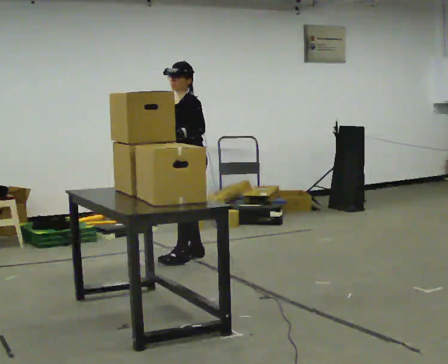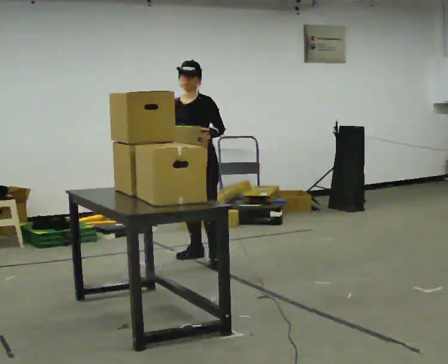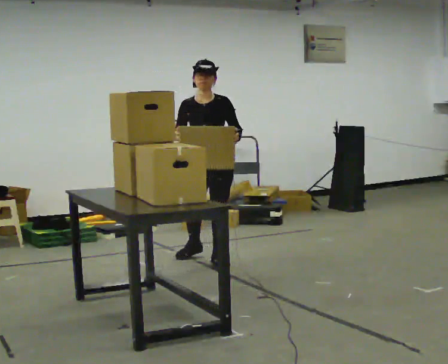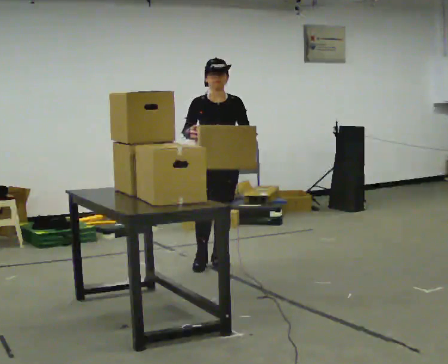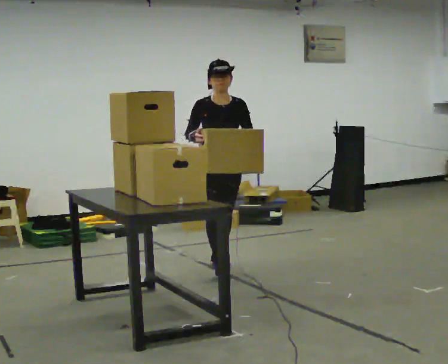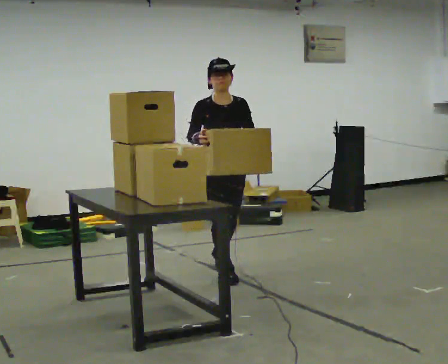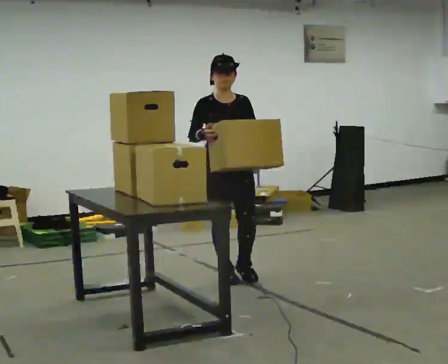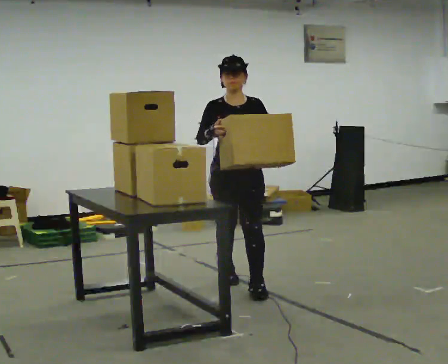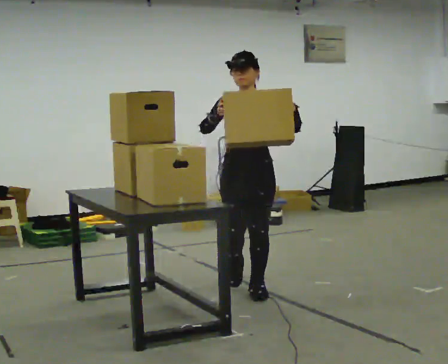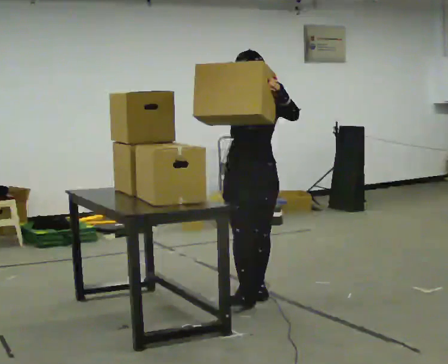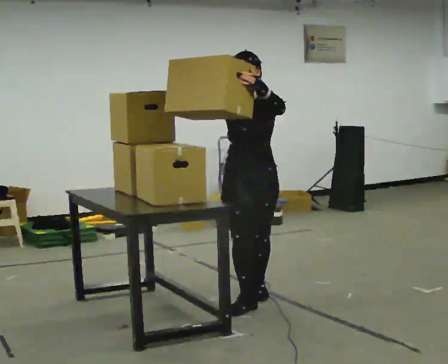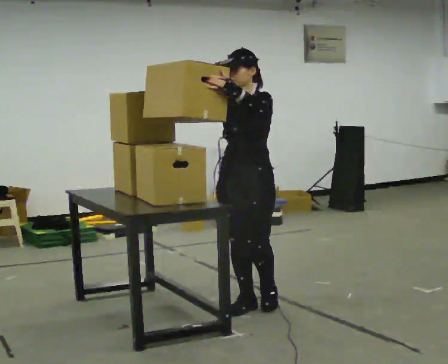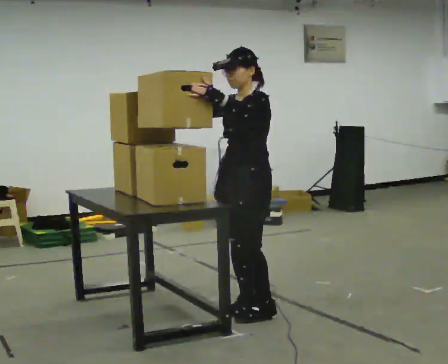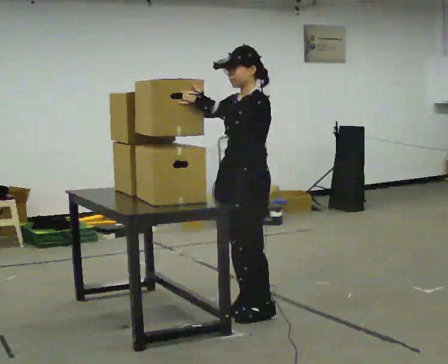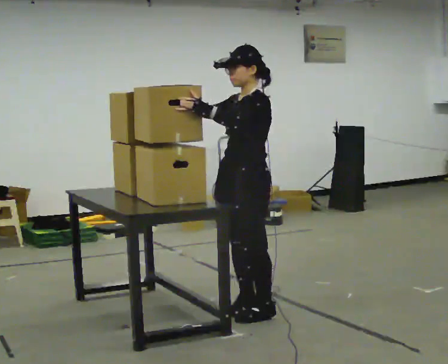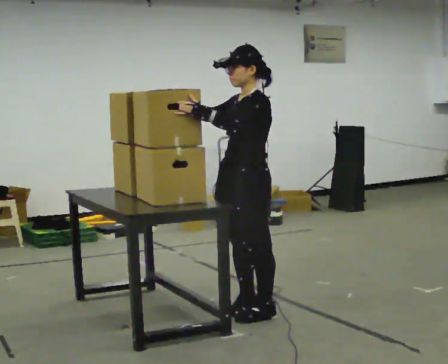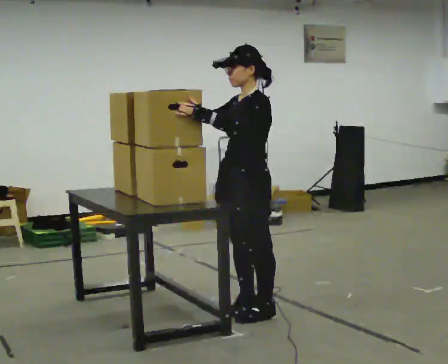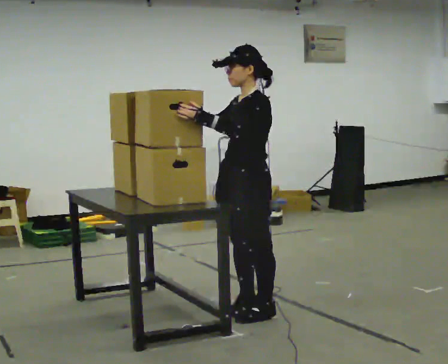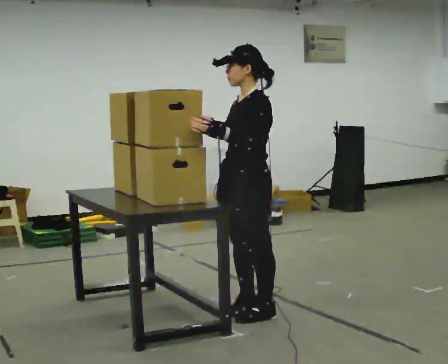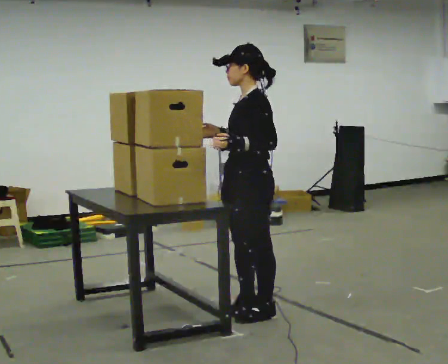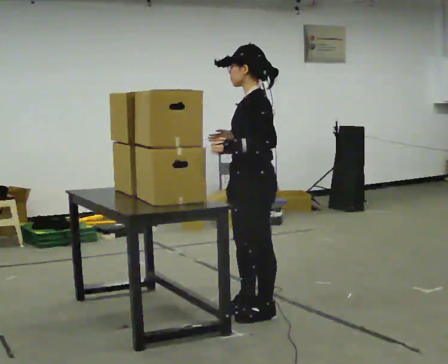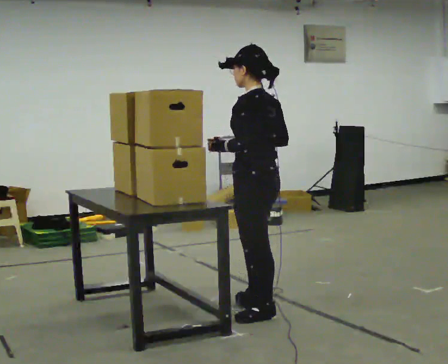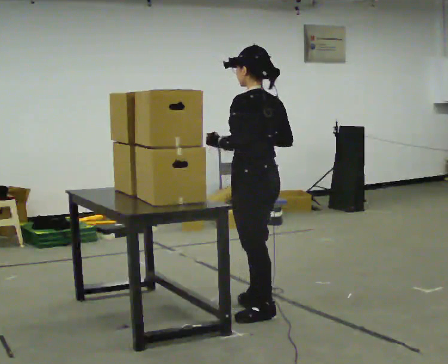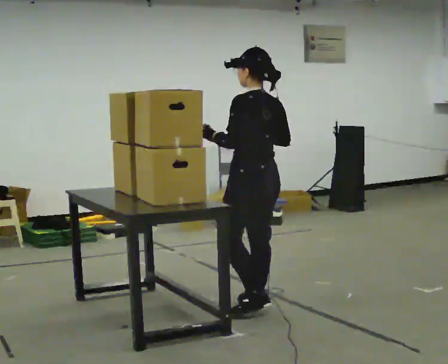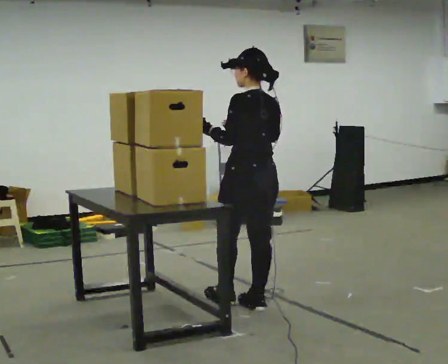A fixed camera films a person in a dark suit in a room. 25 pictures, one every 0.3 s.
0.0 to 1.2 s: The person turns about 75 degrees to their left, counterclockwise seen from above, so the part of the body nearest the lens slides to the right. In the picture they go toward the camera and to the right, about 0.5 m in 1 step.
1.2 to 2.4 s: In the picture they go toward the camera, about 0.5 m in 2 steps, which for them is forward.
2.4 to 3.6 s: The part of the body nearest the lens slides to the left as the person turns to their right by about 45 degrees. In the picture they go toward the camera, about 0.5 m in 2 steps, which for them is forward.
3.6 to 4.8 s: The person moves a little, or ends about where they began.
4.8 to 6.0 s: The part of the body nearest the lens slides to the left as the person turns to their right by about 45 degrees. In the picture their right hand goes to the right.
6.0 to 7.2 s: The person turns about 45 degrees to their right, clockwise seen from above, so the part of the body nearest the lens slides to the left. In the picture they go away from the camera, about 0.25 m, which for them is forward and to their right.
The film runs forward here.
